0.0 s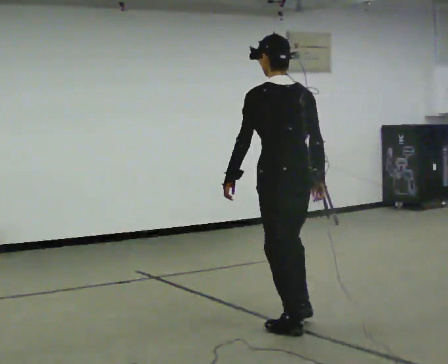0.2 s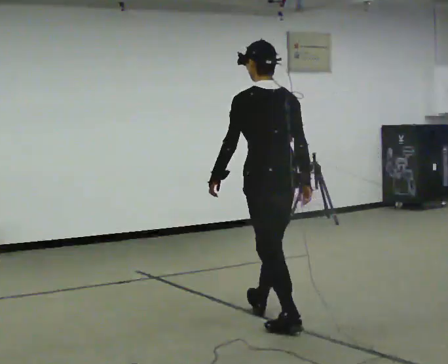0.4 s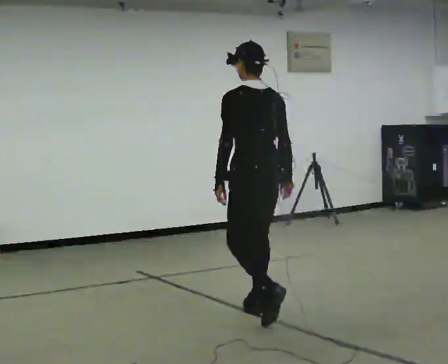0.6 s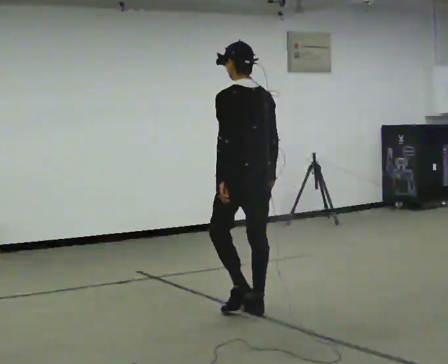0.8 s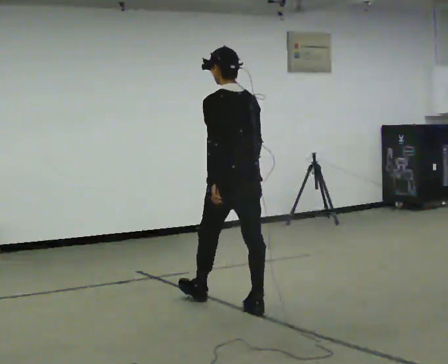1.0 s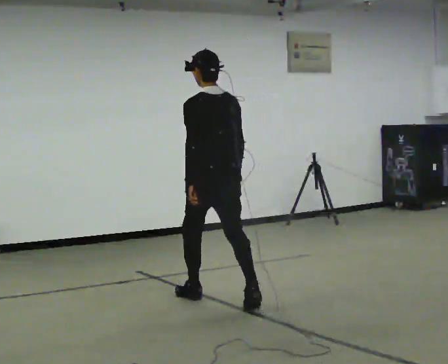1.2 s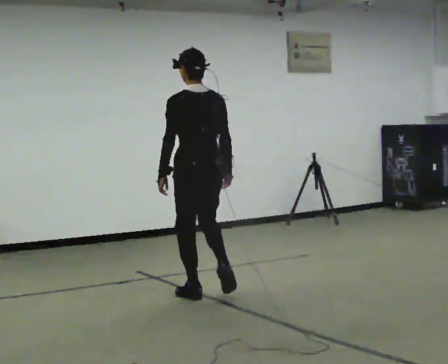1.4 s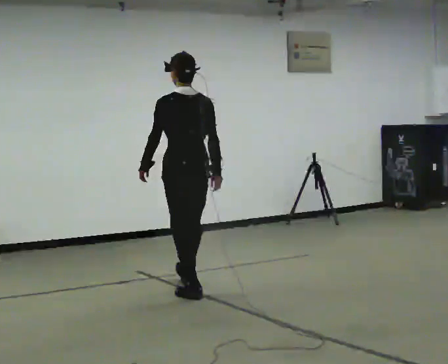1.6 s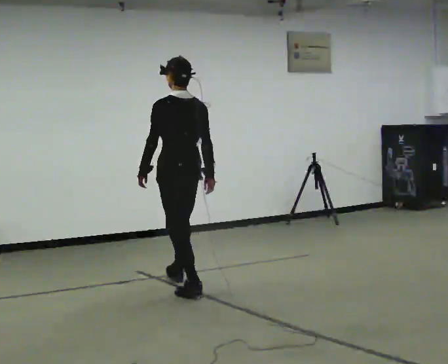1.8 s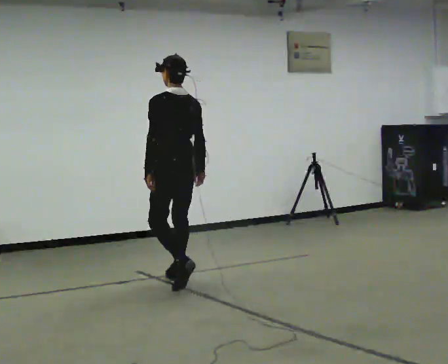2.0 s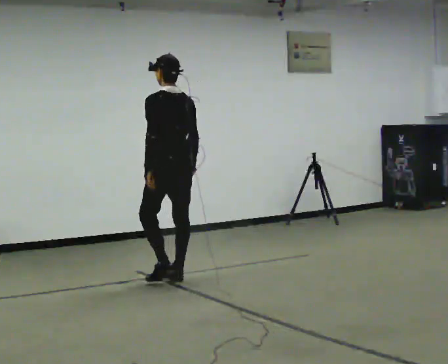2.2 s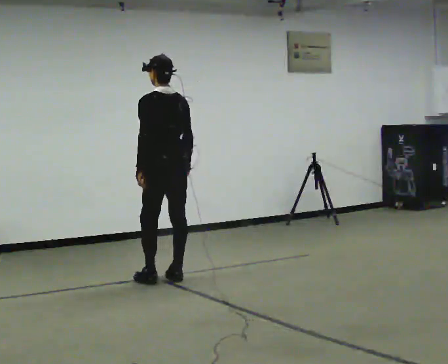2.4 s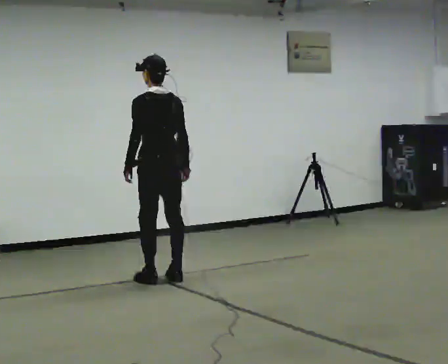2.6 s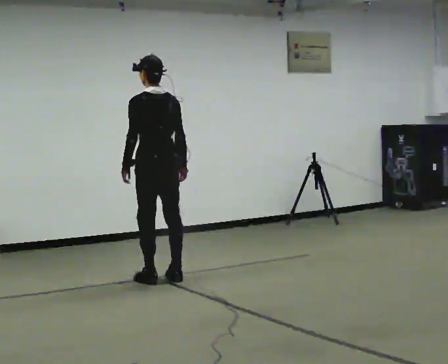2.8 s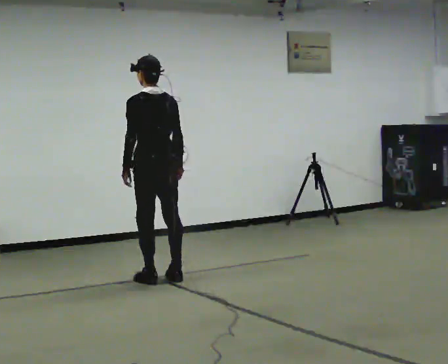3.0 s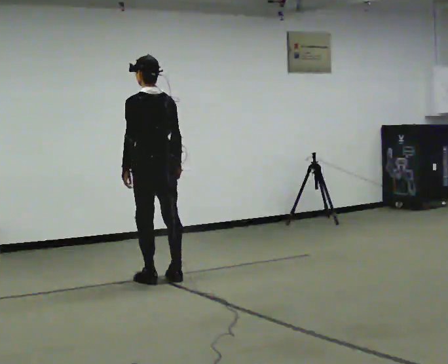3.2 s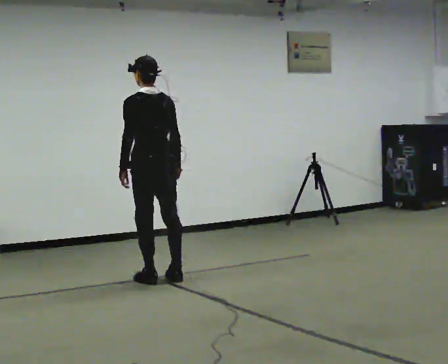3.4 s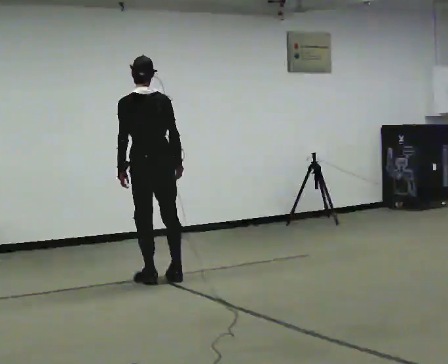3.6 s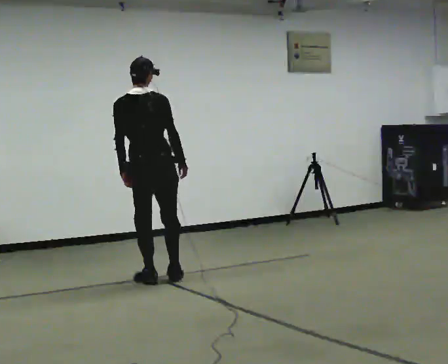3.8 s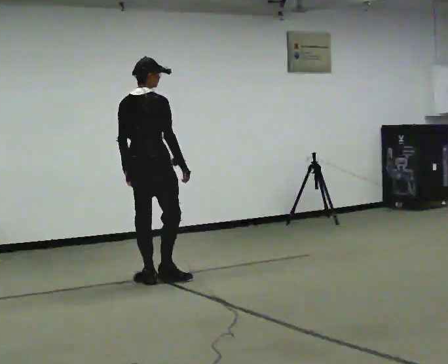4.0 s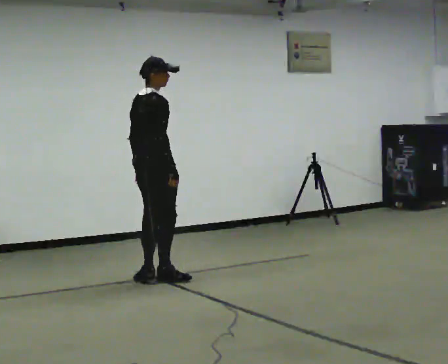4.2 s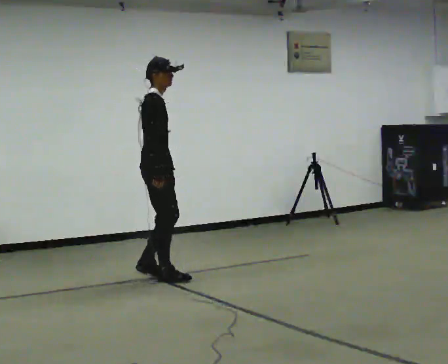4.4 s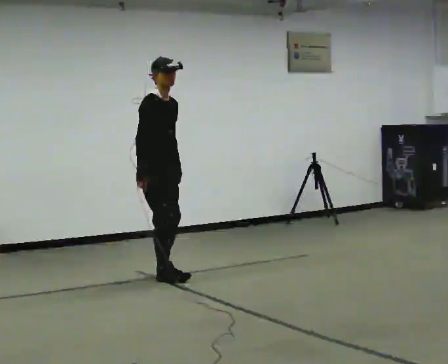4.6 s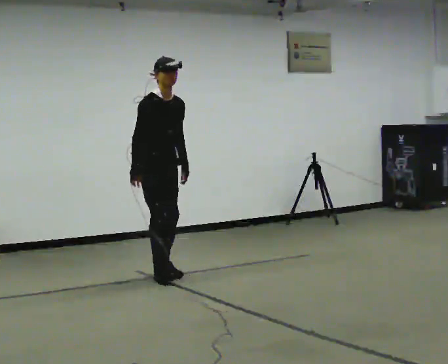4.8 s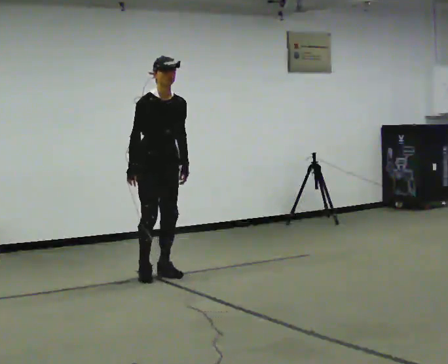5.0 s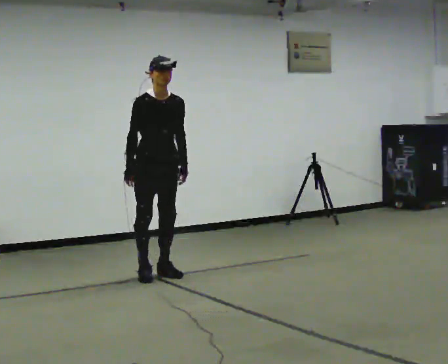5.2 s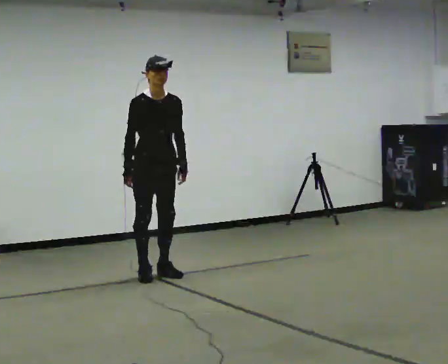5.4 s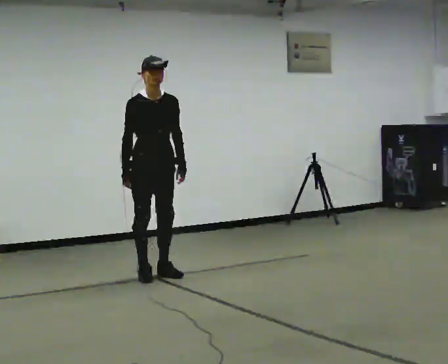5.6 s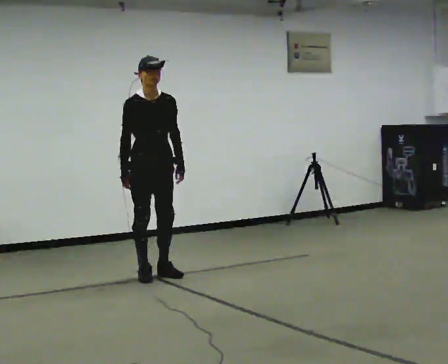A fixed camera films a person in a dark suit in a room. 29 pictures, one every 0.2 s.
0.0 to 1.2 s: In the picture they go away from the camera and to the left, about 1 m in 2 steps, which for them is forward.
1.2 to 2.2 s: In the picture they go away from the camera, about 0.5 m in 2 steps, which for them is forward.
2.2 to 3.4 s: The person moves a little, or ends about where they began.
3.4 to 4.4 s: The person turns about 150 degrees to their right, clockwise seen from above, so the part of the body nearest the lens slides to the left. In the picture the upper body tilts clockwise, shoulders to the right. In the picture their right hand goes to the left, the arm swinging clockwise.
4.4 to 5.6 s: Seen from above the body turns clockwise, about 30 degrees: to their right, with its near side sliding to the left.
The film runs forward here.
